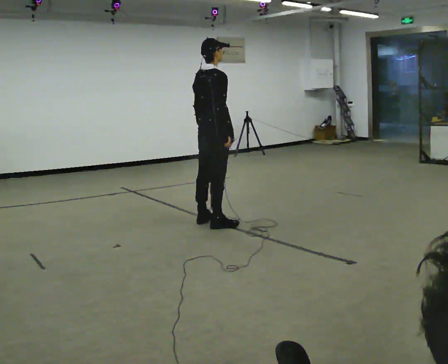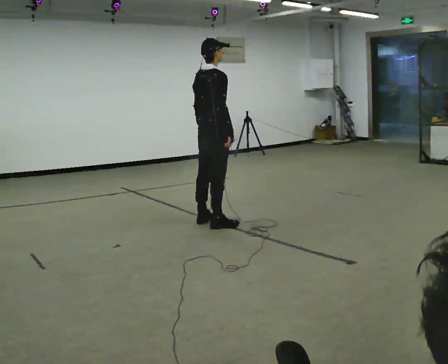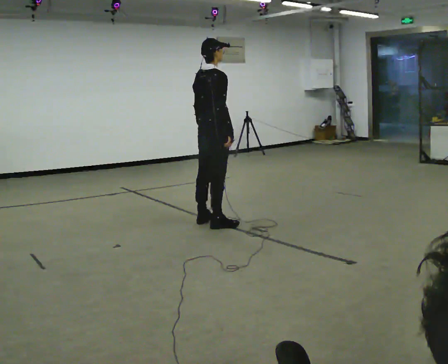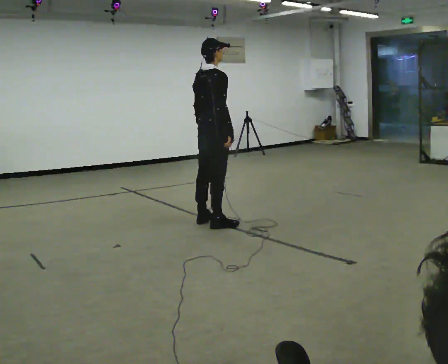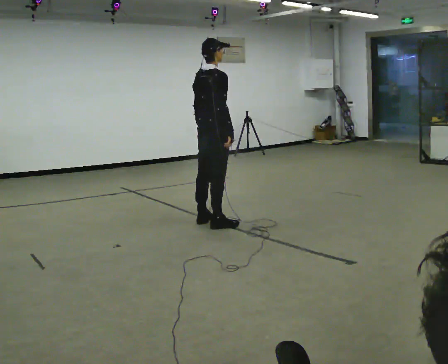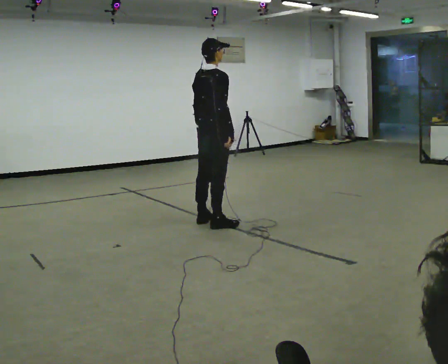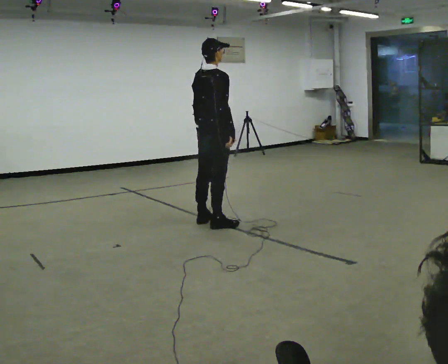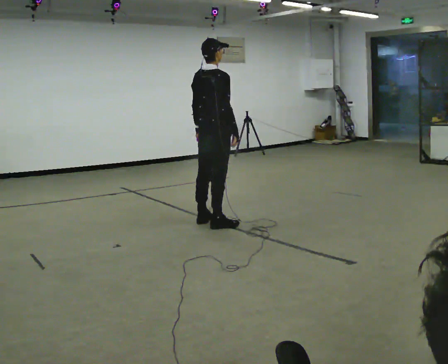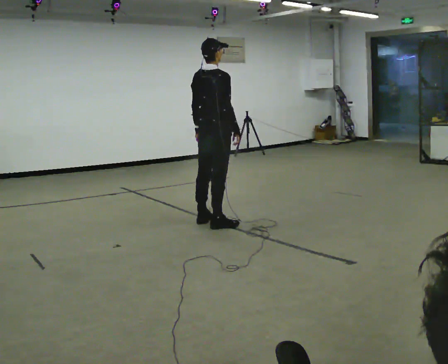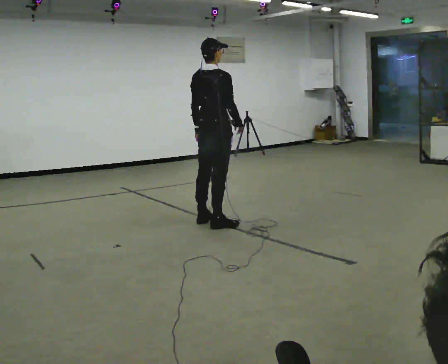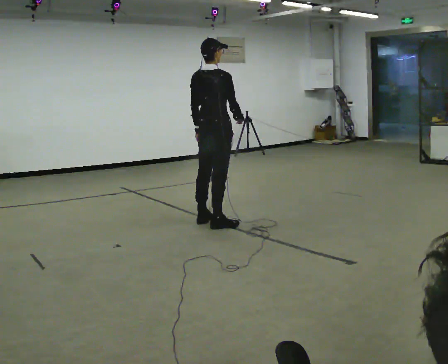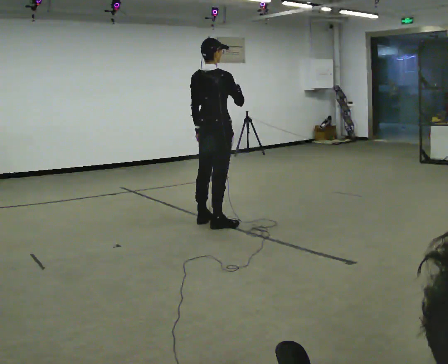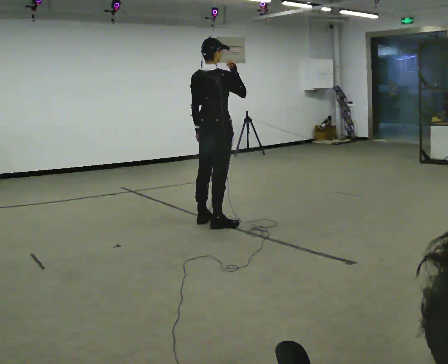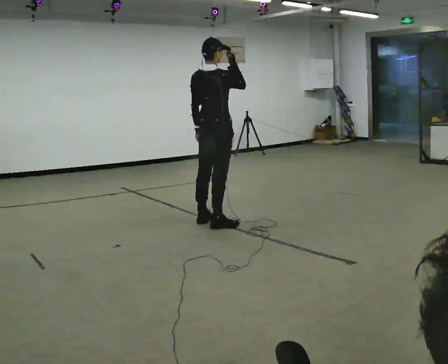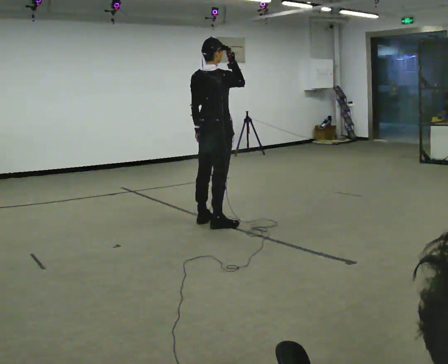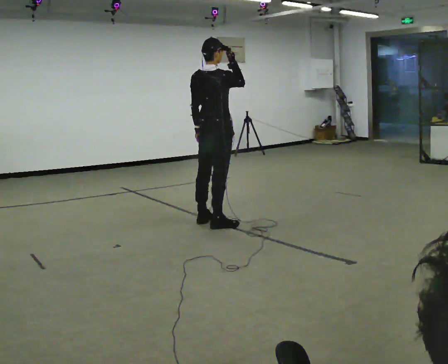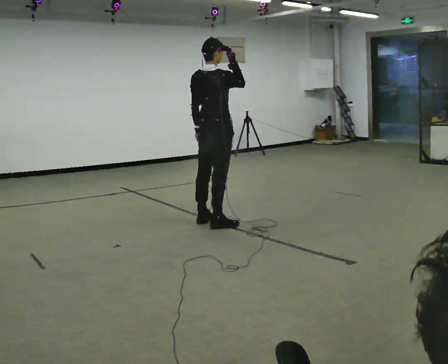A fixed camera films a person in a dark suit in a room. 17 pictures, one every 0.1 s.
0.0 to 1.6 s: In the picture their right hand goes upward.
The film runs backward here.
